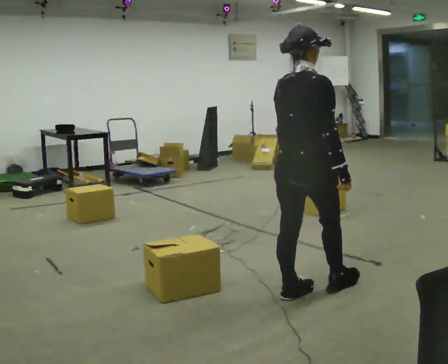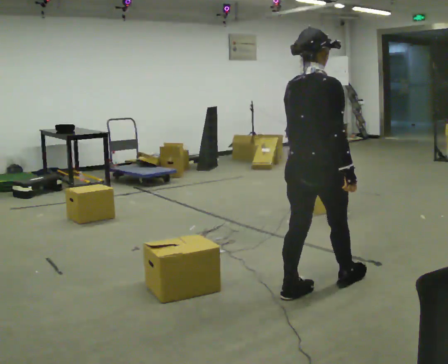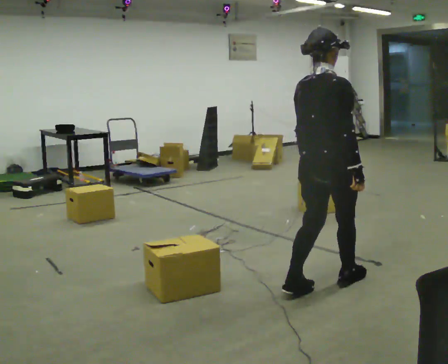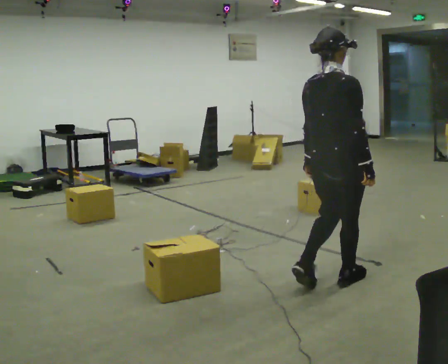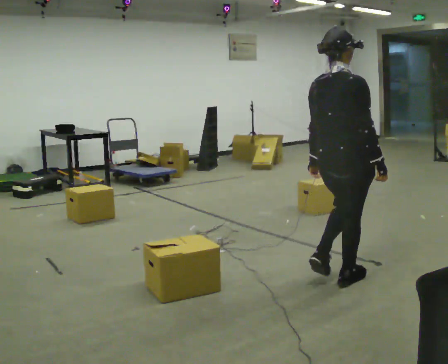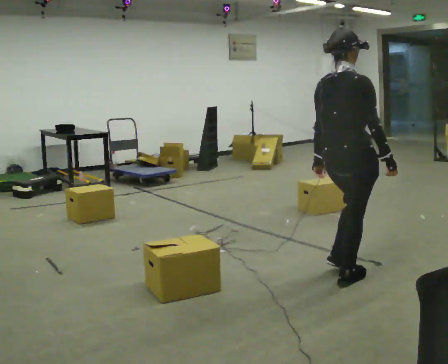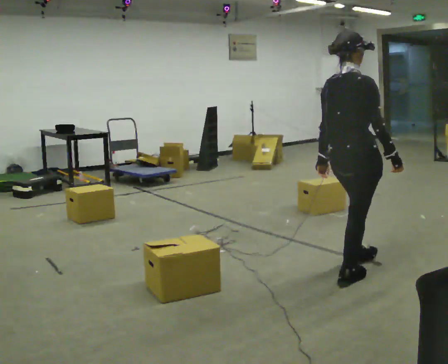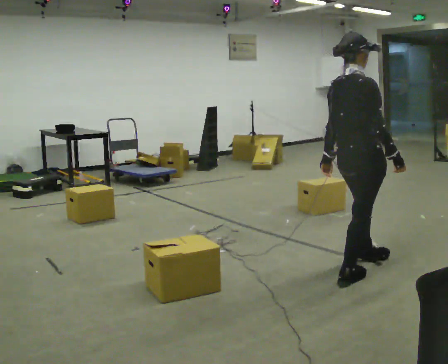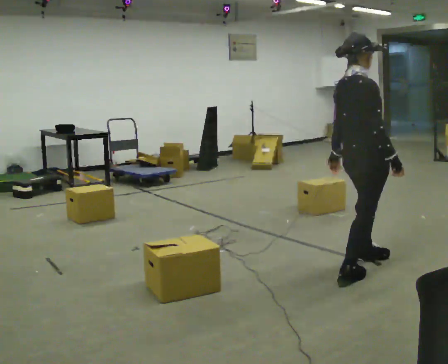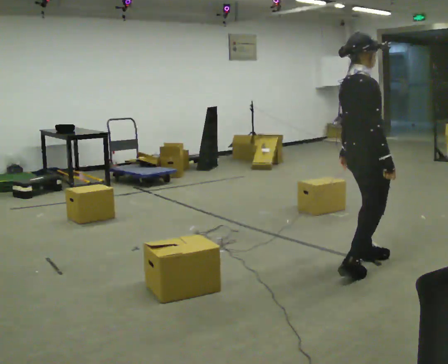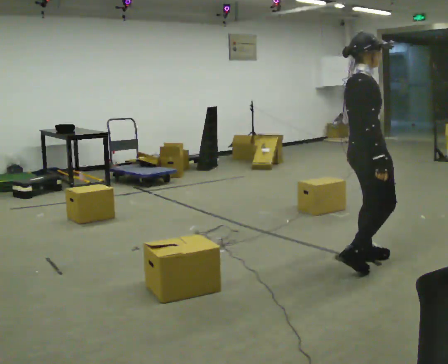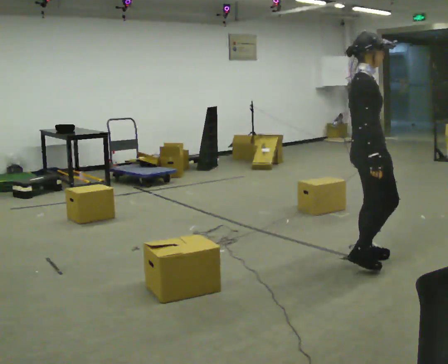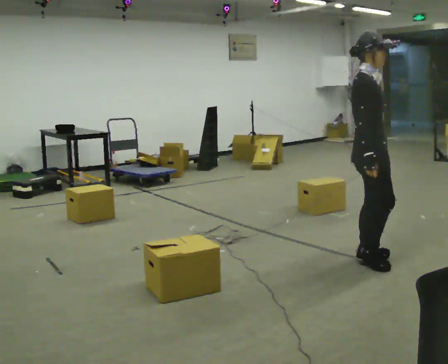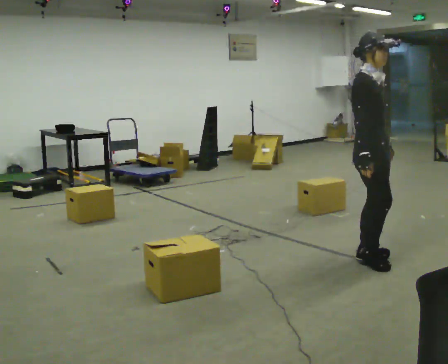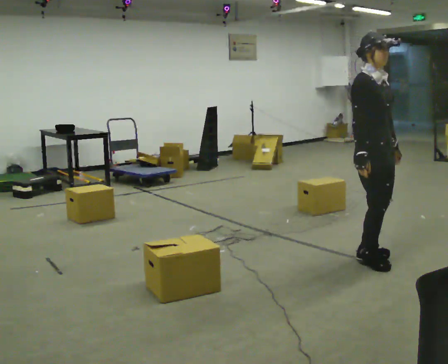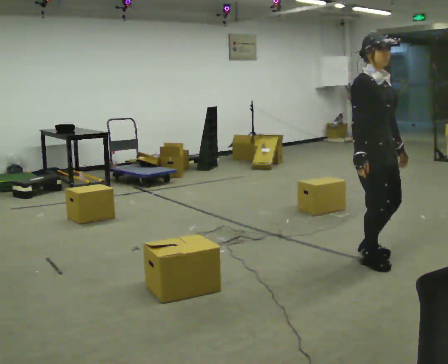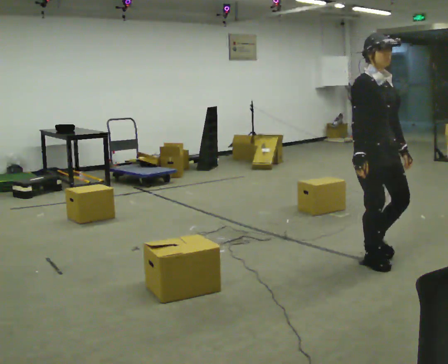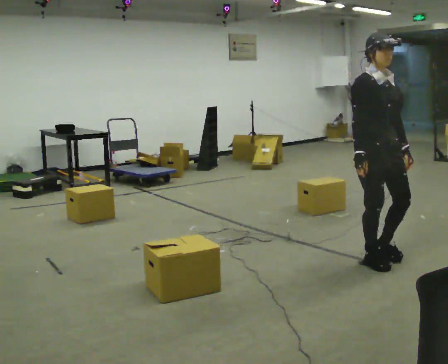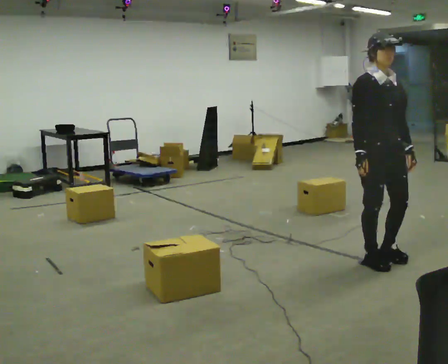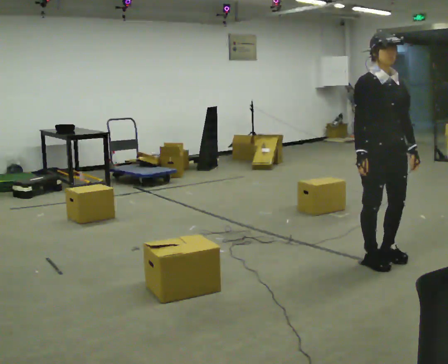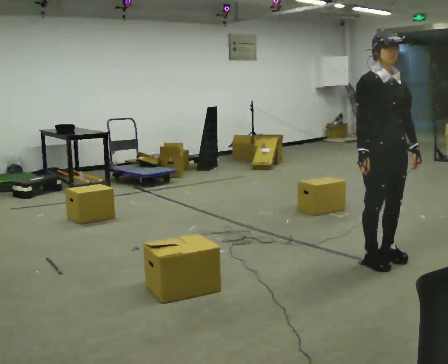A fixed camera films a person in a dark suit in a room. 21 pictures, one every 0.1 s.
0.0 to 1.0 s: The person turns about 45 degrees to their right, clockwise seen from above, so the part of the body nearest the lens slides to the left. In the picture they go away from the camera and to the right, about 0.5 m in 2 steps, which for them is forward.
1.0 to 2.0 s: The part of the body nearest the lens slides to the left as the person turns to their right by about 60 degrees. In the picture their left hand goes to the right.
The film runs forward here.
